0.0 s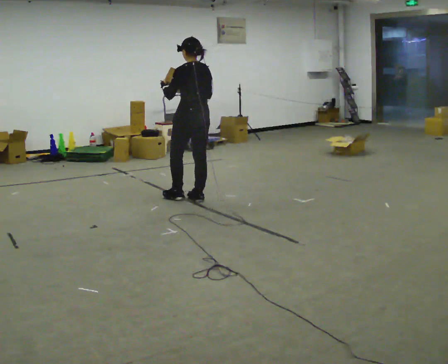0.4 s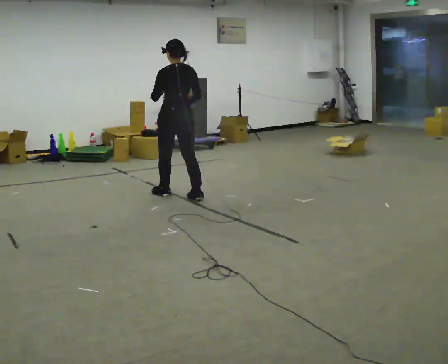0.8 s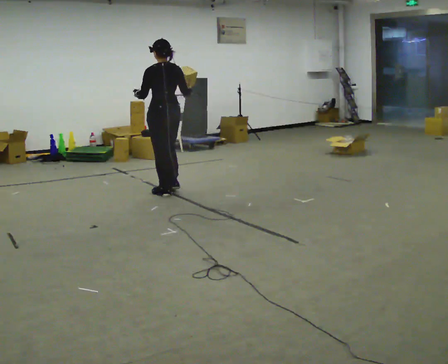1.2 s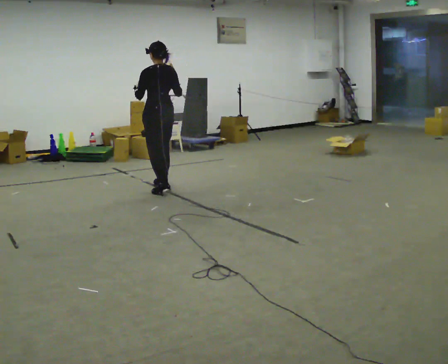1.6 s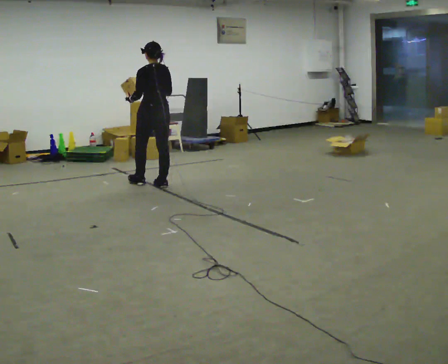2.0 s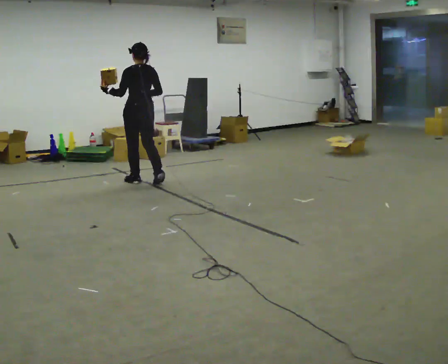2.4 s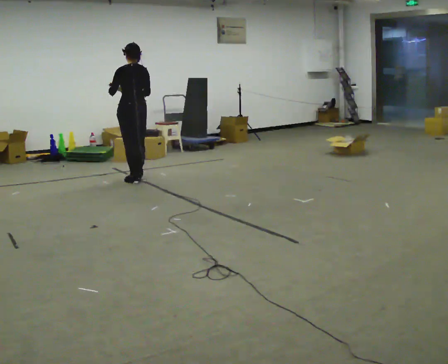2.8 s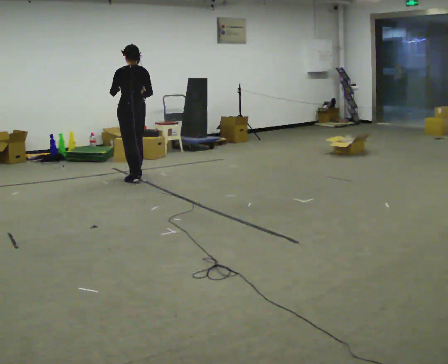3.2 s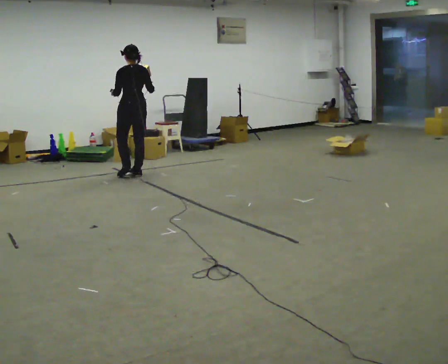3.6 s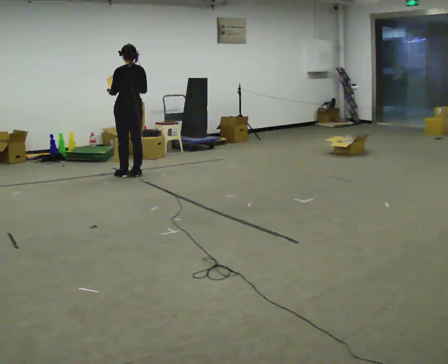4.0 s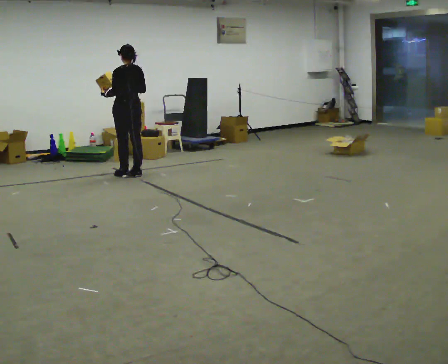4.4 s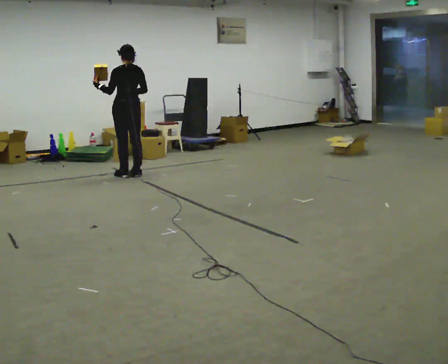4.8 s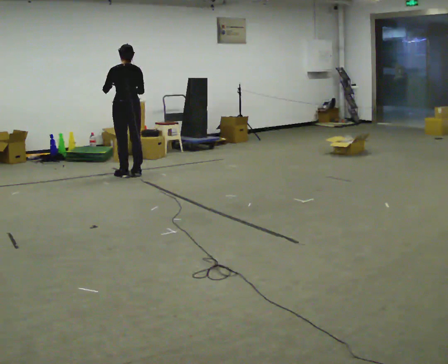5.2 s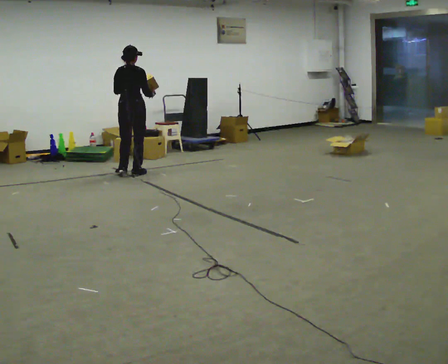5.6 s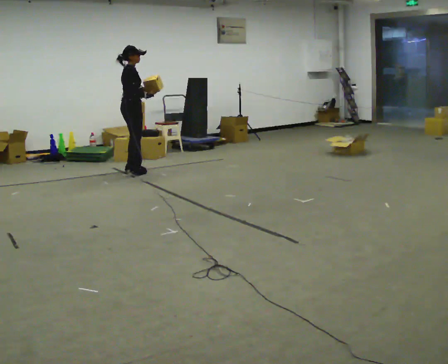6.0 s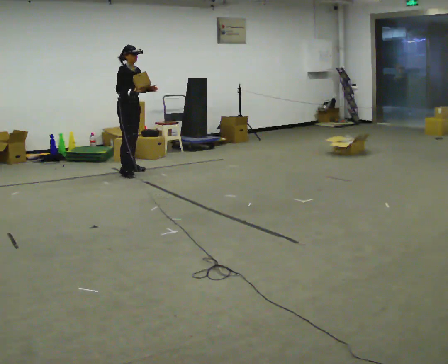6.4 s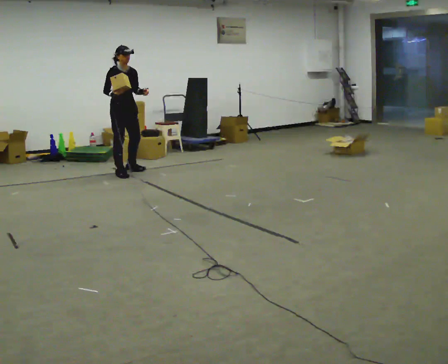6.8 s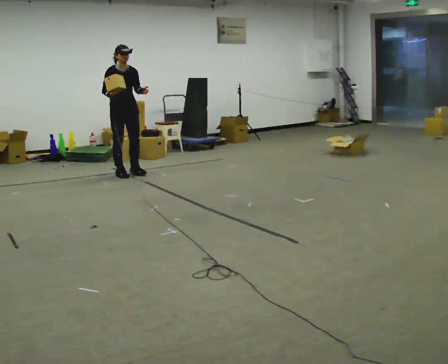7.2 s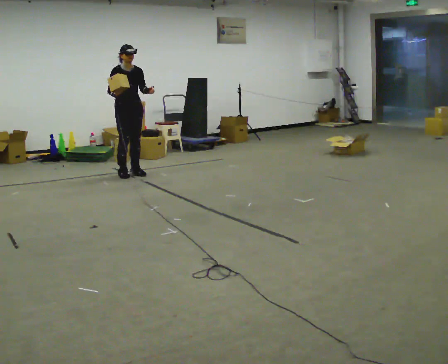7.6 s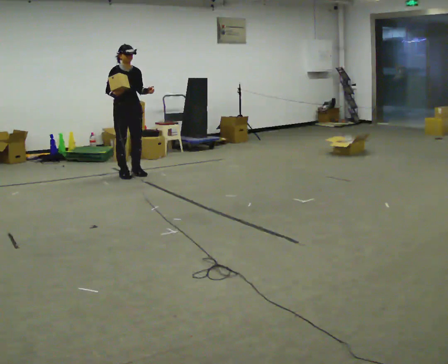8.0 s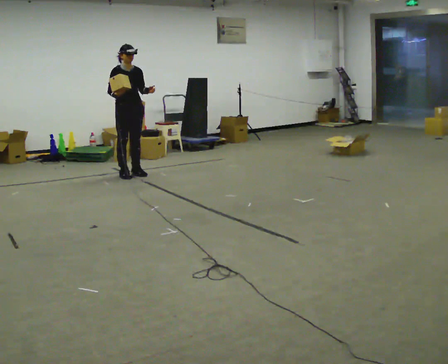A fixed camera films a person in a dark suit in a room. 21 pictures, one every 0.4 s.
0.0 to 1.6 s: In the picture they go away from the camera and to the left, about 1 m in 2 steps, which for them is forward.
1.6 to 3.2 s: In the picture they go away from the camera and to the left, about 0.5 m in 2 steps, which for them is forward.
3.2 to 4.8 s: The person moves a little, or ends about where they began.
4.8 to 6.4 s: The part of the body nearest the lens slides to the left as the person turns to their right by about 150 degrees.
6.4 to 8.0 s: The person moves a little, or ends about where they began.
The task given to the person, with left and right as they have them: Carry the object in one hand and, while walking, pass it to your other hand. Keep passing it back and forth as you walk.
The film runs forward here.
